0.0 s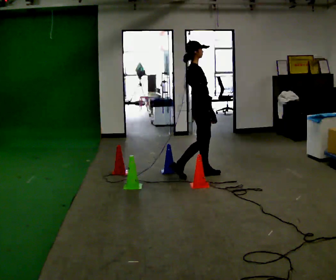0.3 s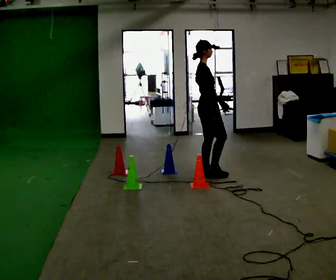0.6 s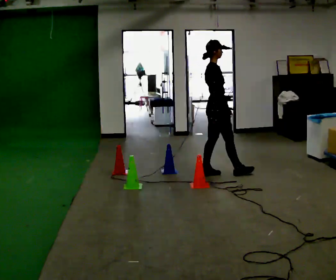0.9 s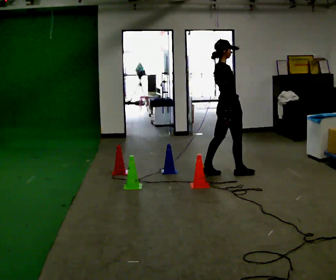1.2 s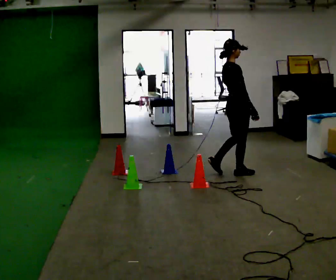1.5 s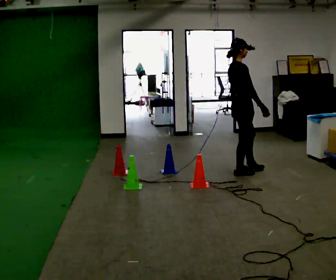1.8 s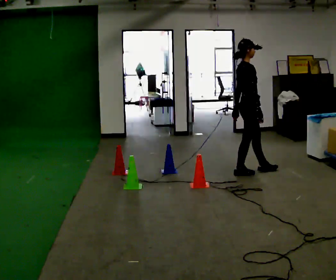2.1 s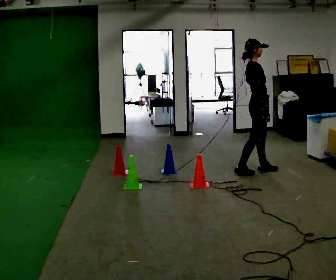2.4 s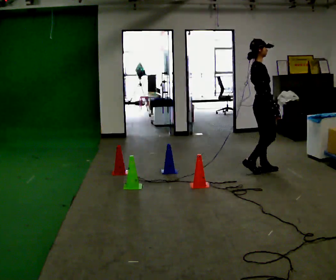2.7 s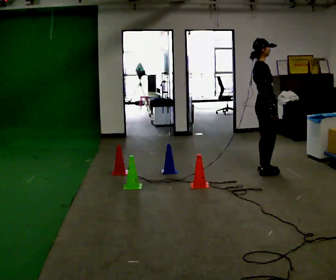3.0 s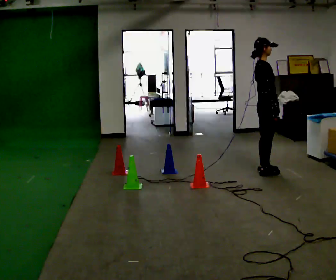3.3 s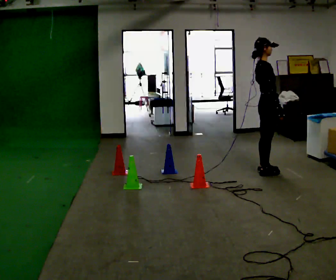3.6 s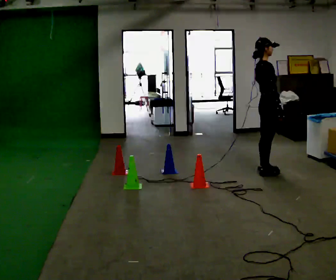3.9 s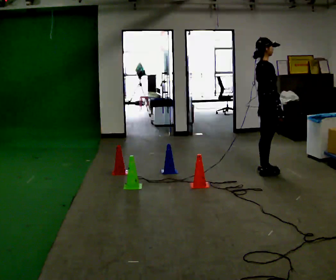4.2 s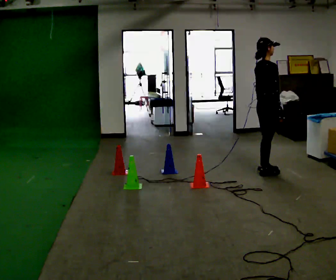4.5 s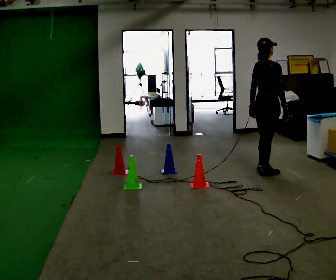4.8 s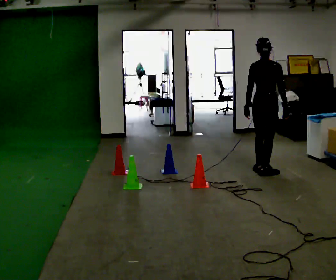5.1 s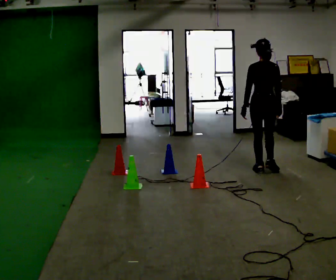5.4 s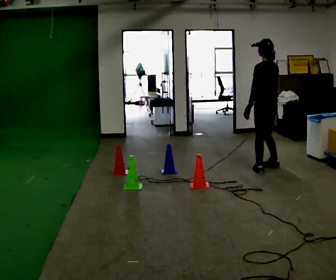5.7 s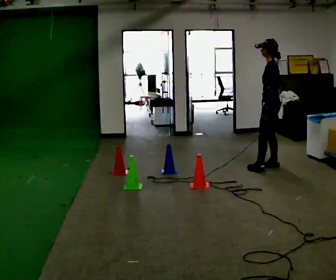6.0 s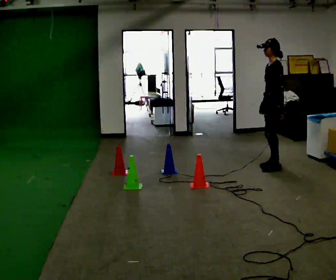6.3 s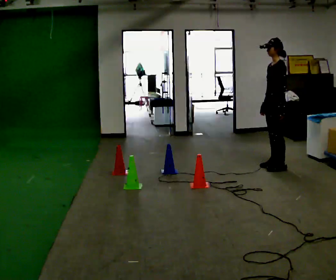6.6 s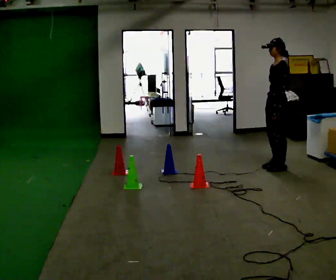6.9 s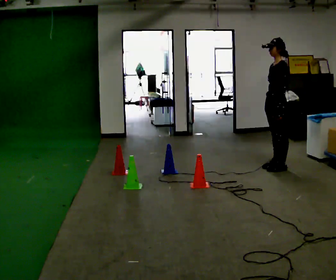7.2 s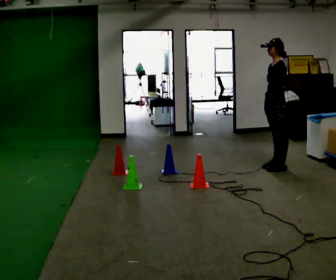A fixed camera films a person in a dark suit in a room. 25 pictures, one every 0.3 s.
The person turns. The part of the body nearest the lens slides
to the right.
The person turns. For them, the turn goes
to their left.
0.0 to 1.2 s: In the picture they go to the right, about 0.5 m in 1 step, which for them is forward.
1.2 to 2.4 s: In the picture they go to the right and away from the camera, about 0.25 m in 1 step, which for them is forward.
2.4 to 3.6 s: The person moves a little, or ends about where they began.
3.6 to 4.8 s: Seen from above the body turns counterclockwise, about 60 degrees: to their left, with its near side sliding to the right.
4.8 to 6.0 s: The person turns about 120 degrees to their left, counterclockwise seen from above, so the part of the body nearest the lens slides to the right. In the picture they go away from the camera, about 0.25 m in 1 step.
6.0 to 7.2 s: The person moves a little, or ends about where they began.
The film runs forward here.
